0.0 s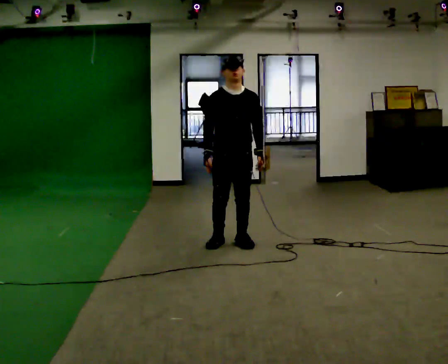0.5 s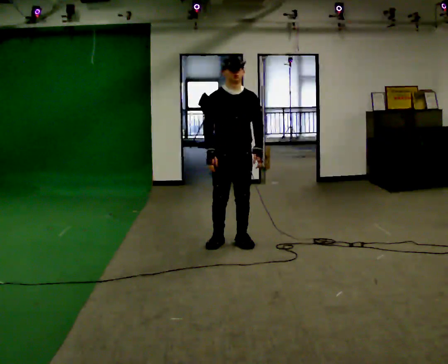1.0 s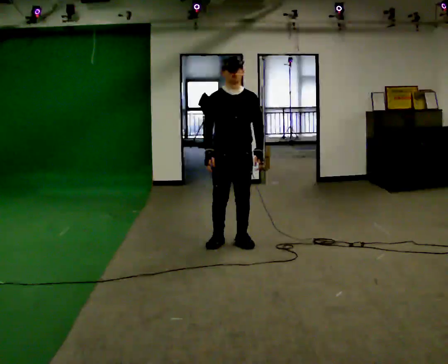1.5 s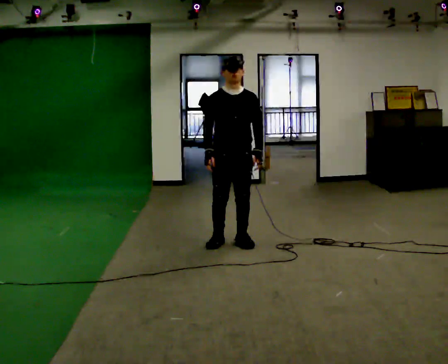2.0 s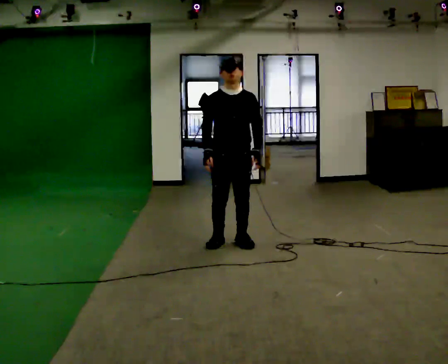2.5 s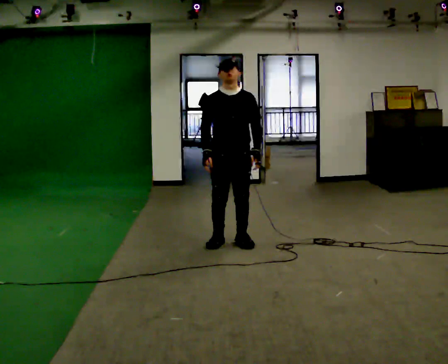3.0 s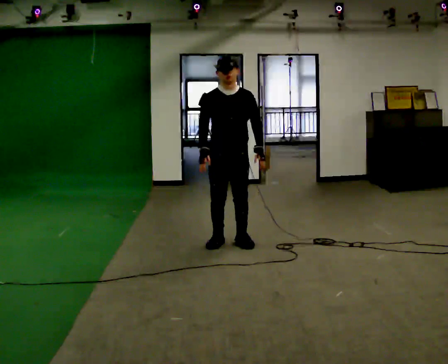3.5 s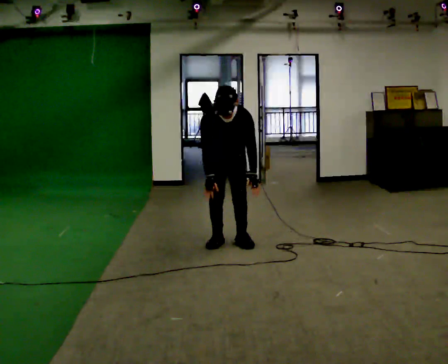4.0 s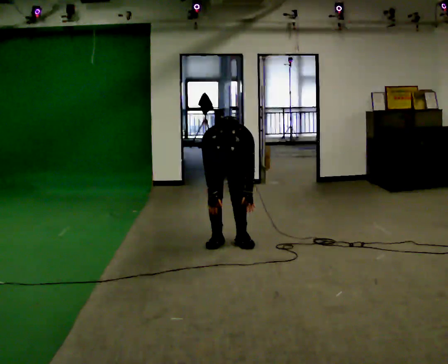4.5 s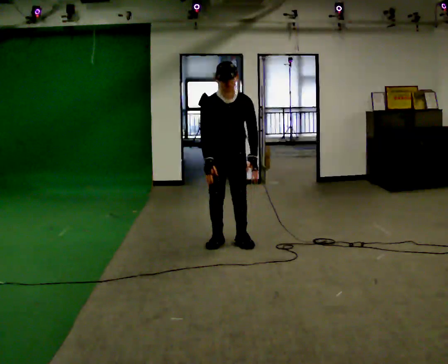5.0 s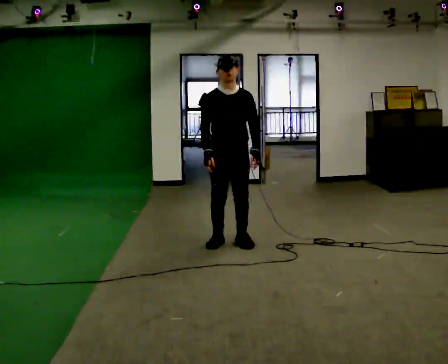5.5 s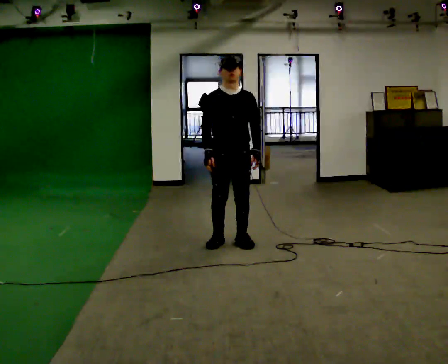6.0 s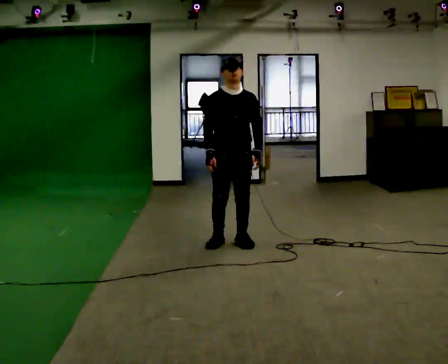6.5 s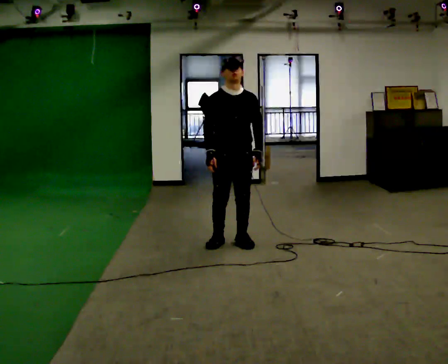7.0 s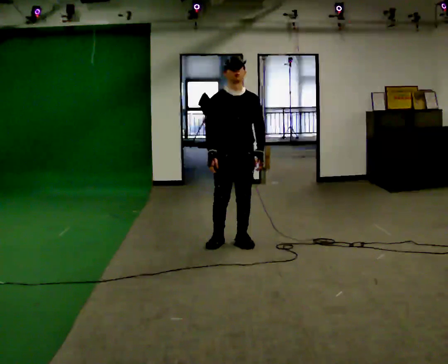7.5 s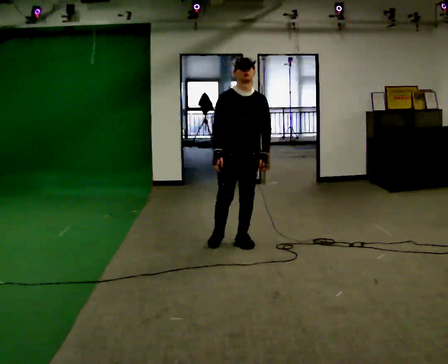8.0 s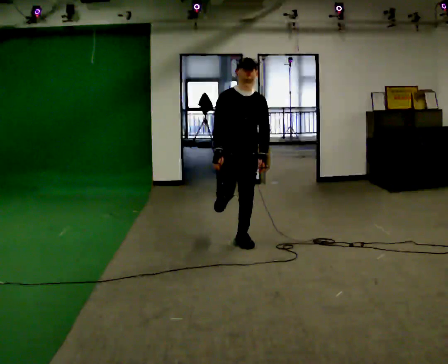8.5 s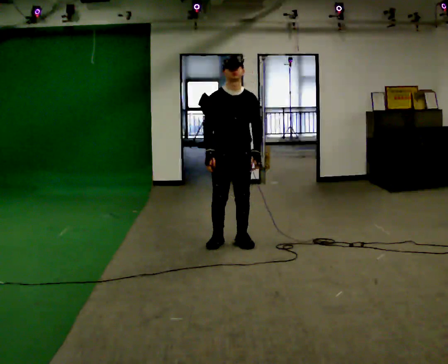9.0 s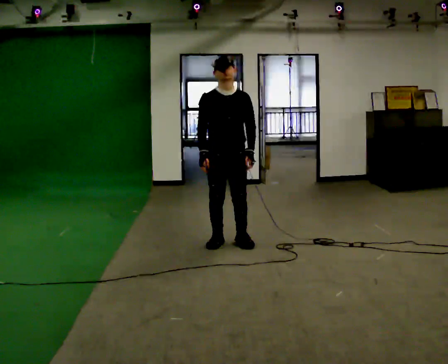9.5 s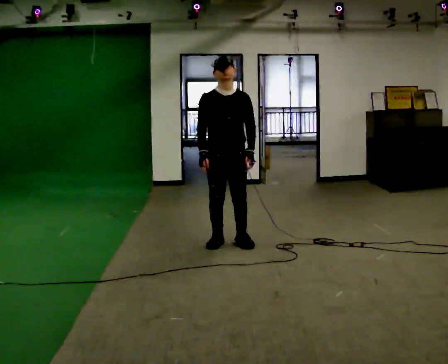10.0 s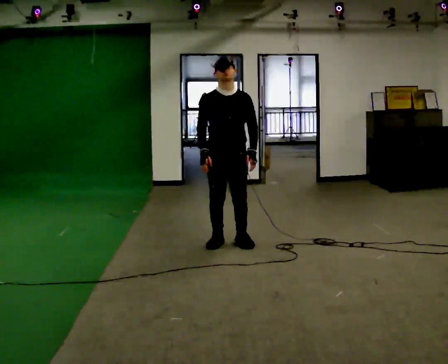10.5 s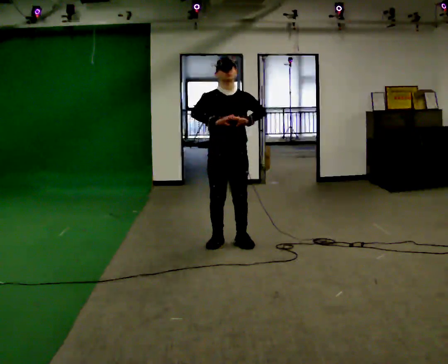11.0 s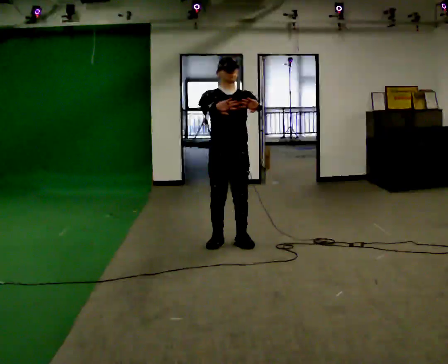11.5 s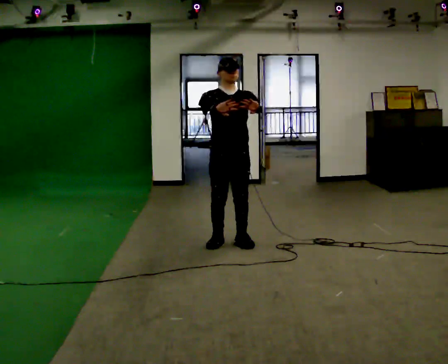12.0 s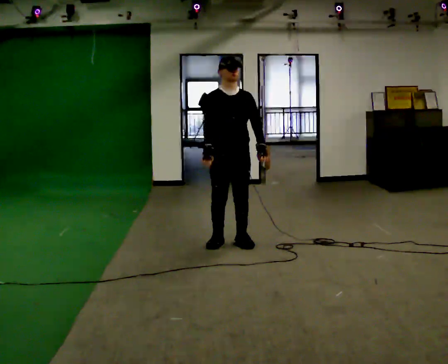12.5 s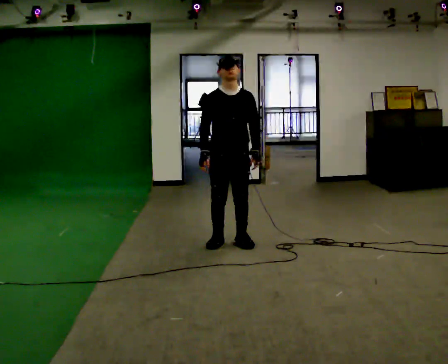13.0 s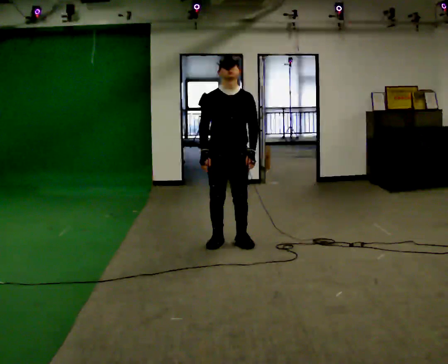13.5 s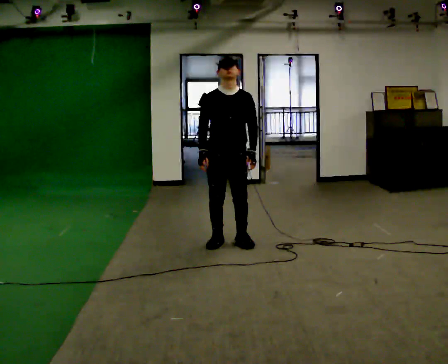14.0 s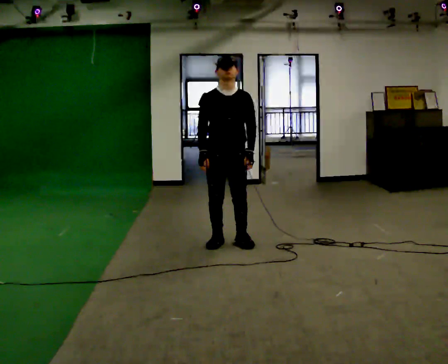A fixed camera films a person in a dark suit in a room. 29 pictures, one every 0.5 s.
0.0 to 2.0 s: The person moves a little, or ends about where they began.
2.0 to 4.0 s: In the picture they go away from the camera, about 0.25 m, which for them is backward. The upper body goes downward. The upper body tips toward the camera, its near side rolling downward, as they bend forward. In the picture their right hand goes downward.
4.0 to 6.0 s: In the picture they go toward the camera, about 0.25 m, which for them is forward. The upper body goes upward. The upper body tips away from the camera, its near side rolling upward, as they lean back or straighten. In the picture their right hand goes upward.
6.0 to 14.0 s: The person moves a little, or ends about where they began.
The film runs forward here.
